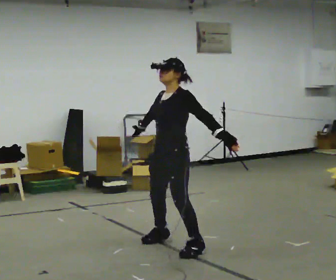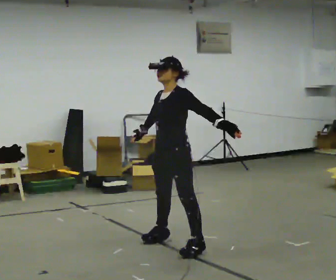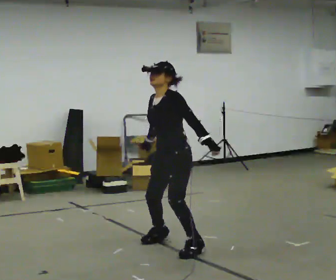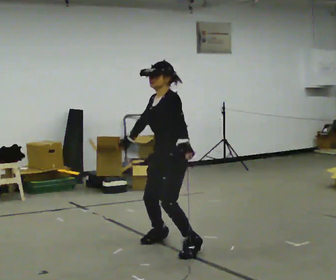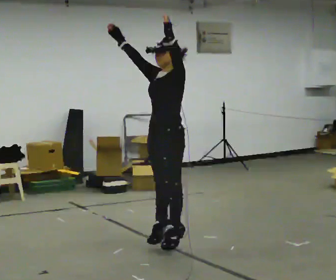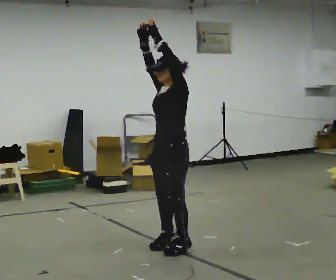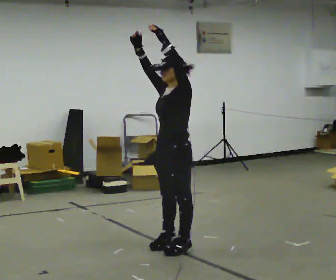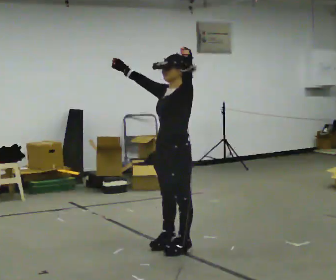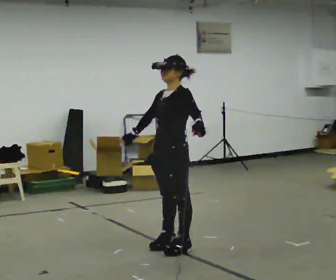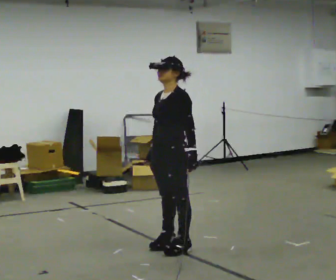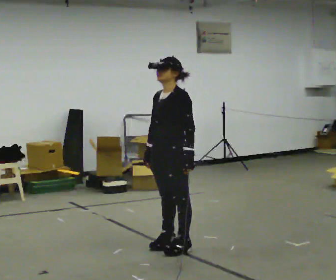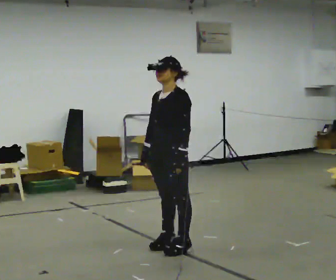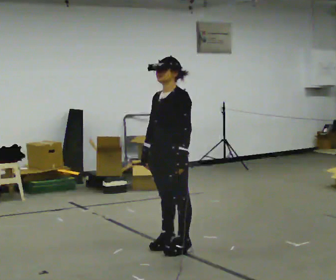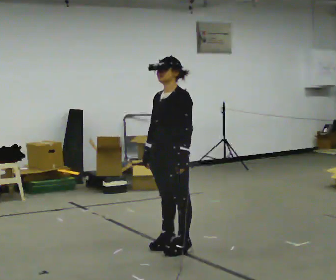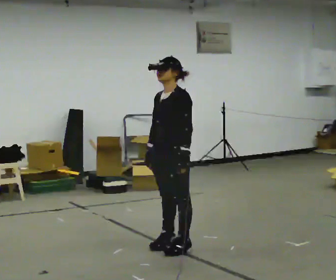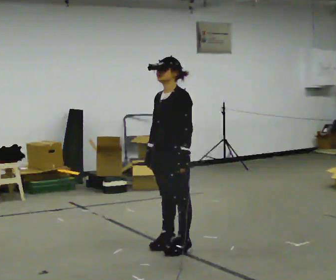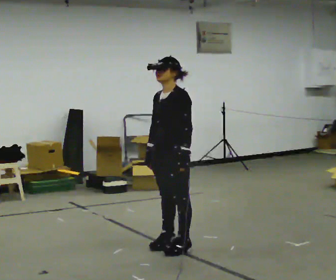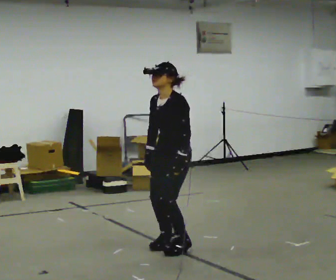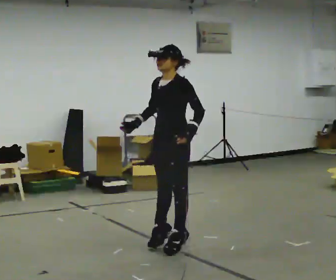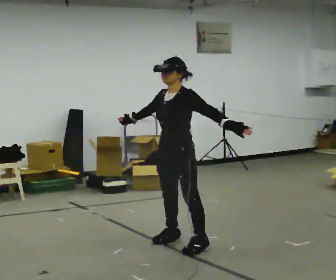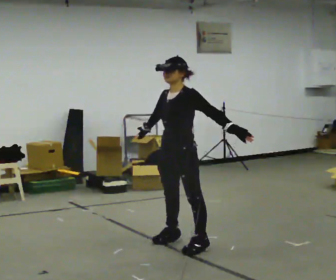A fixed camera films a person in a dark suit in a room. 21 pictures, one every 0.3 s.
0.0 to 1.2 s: In the picture their left hand goes upward and to the left.
1.2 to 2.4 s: In the picture their right hand goes downward, the arm swinging counterclockwise.
2.4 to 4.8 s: The person moves a little, or ends about where they began.
4.8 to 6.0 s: In the picture their left hand goes to the right, the arm swinging counterclockwise.
The film runs forward here.
